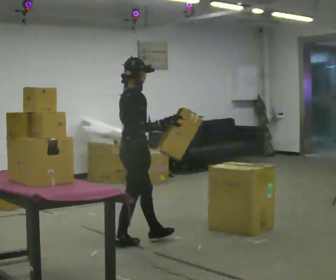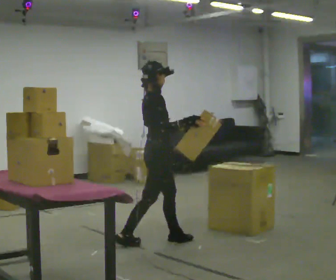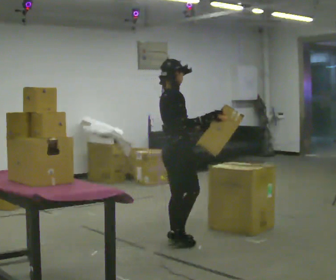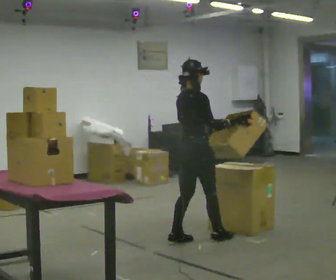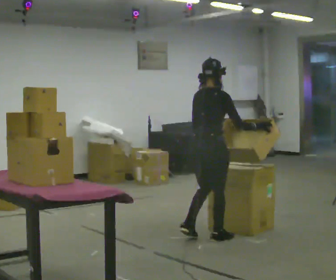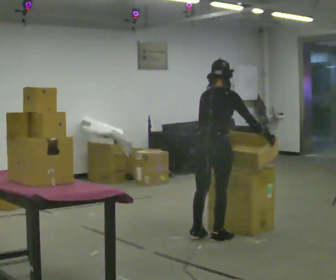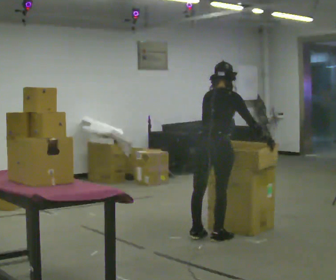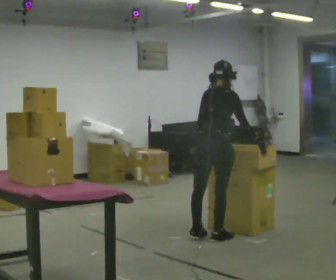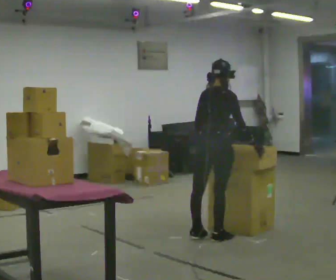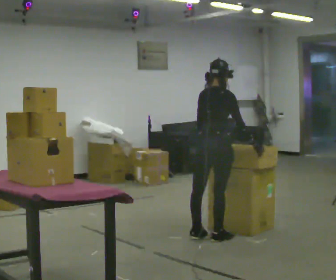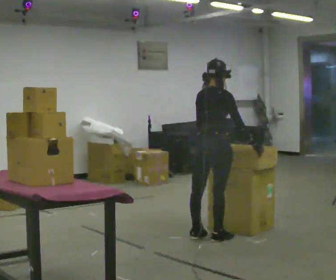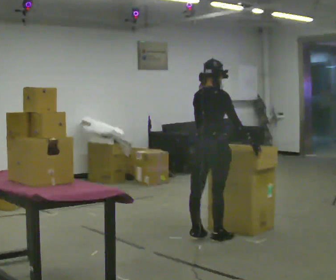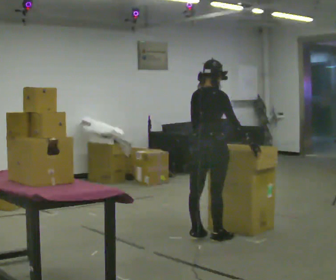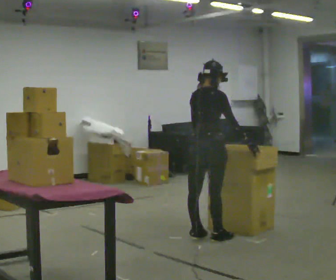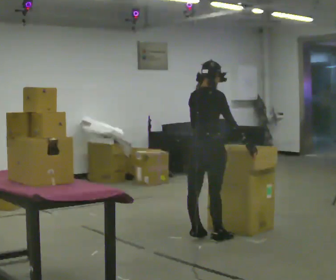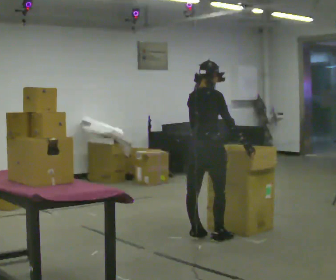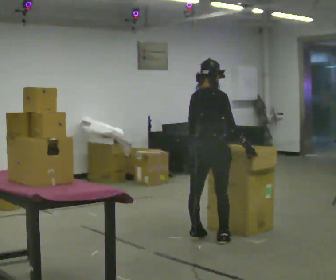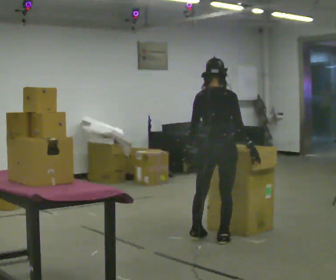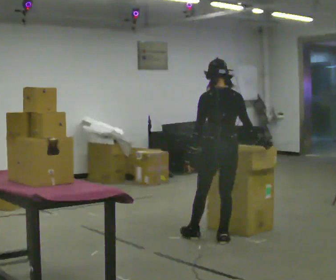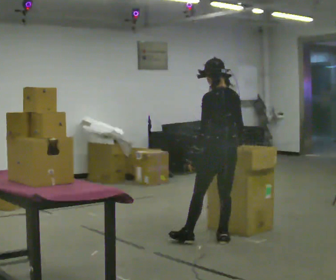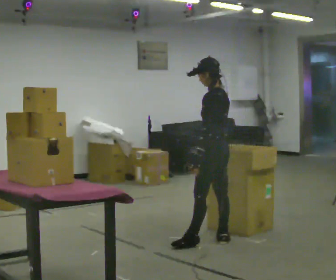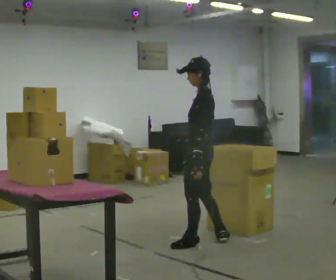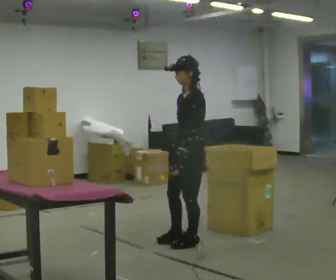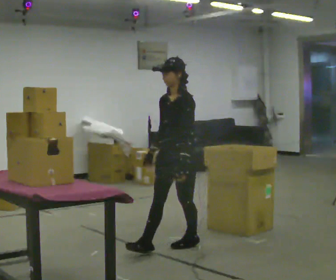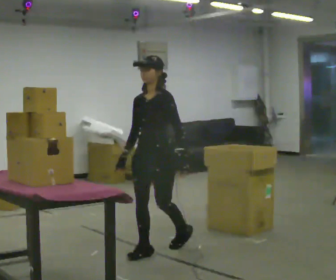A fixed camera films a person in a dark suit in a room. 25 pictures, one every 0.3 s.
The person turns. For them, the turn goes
to their left.
The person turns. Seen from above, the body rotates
counterclockwise.
0.0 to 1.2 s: The person turns about 30 degrees to their left, counterclockwise seen from above, so the part of the body nearest the lens slides to the right. In the picture they go to the right, about 0.75 m in 2 steps, which for them is forward.
1.2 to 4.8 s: The person moves a little, or ends about where they began.
4.8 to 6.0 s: Seen from above the body turns counterclockwise, about 90 degrees: to their left, with its near side sliding to the right.
6.0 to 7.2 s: Seen from above the body turns counterclockwise, about 90 degrees: to their left, with its near side sliding to the right. In the picture they go to the left and toward the camera, about 0.5 m in 1 step.
The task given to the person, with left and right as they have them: 1. Move everything from the second bin into the first bin. 2. Carry the empty bin to the shelf. 3. Carry the full bin to the table. 4. Tell the operator when you are finished.
The film runs forward here.
